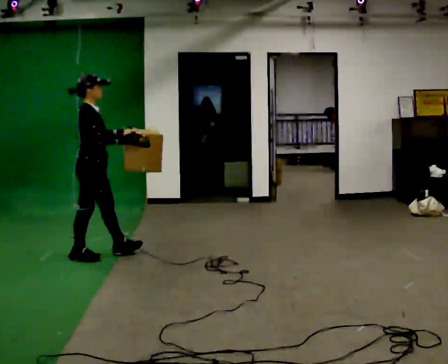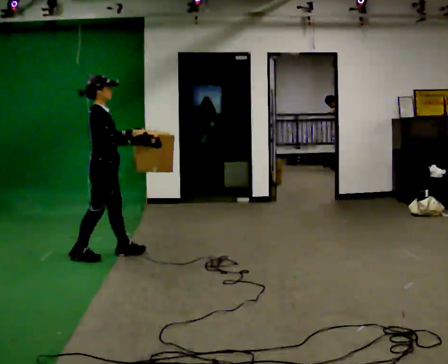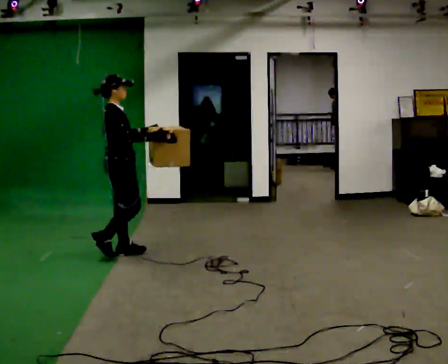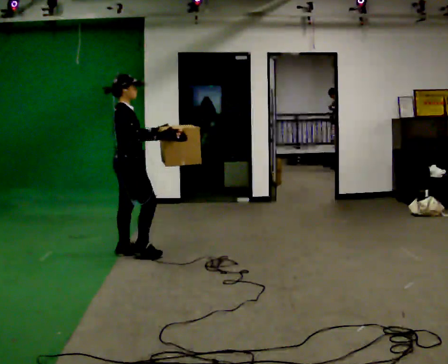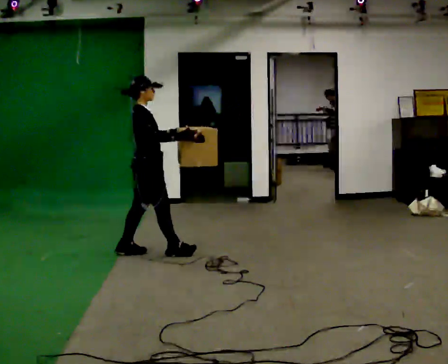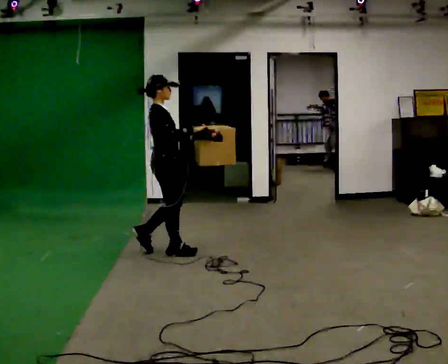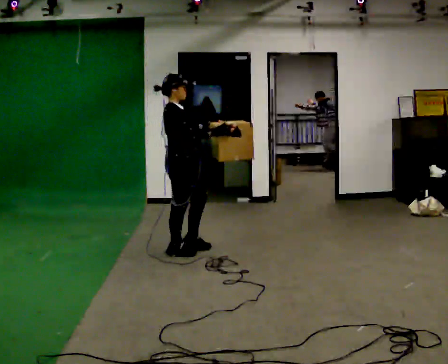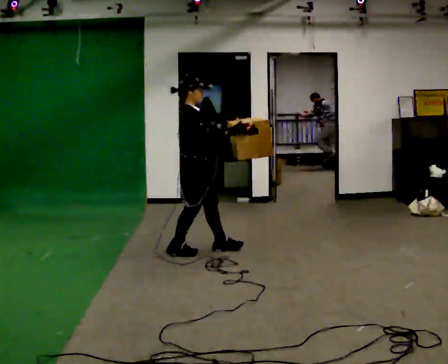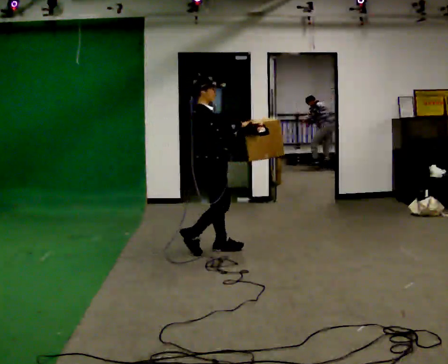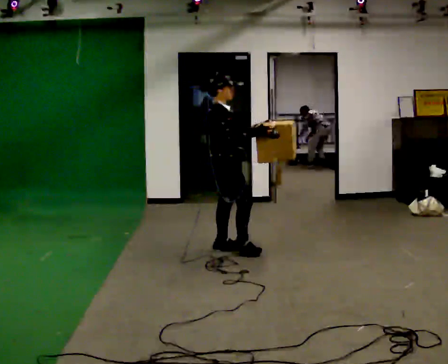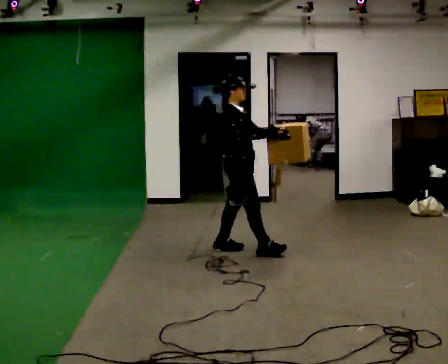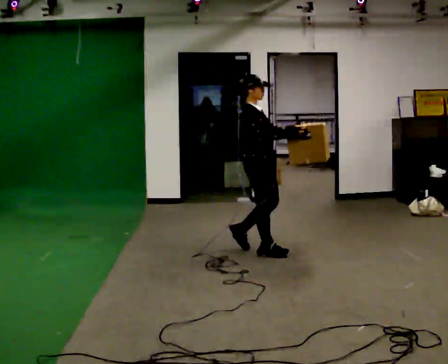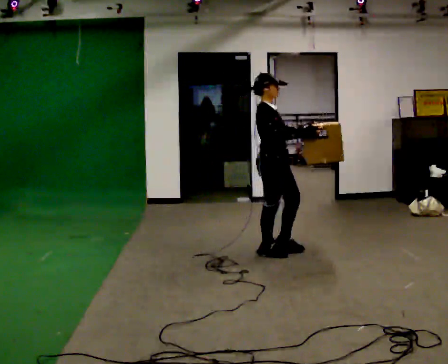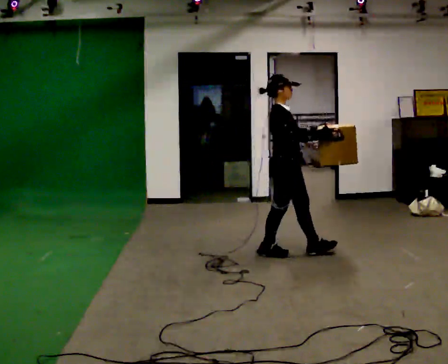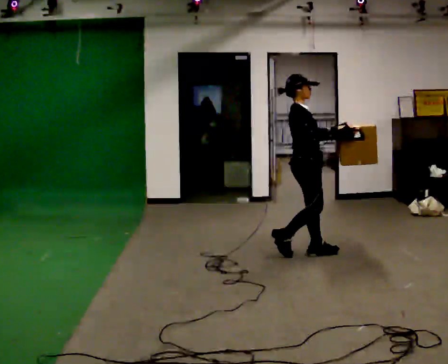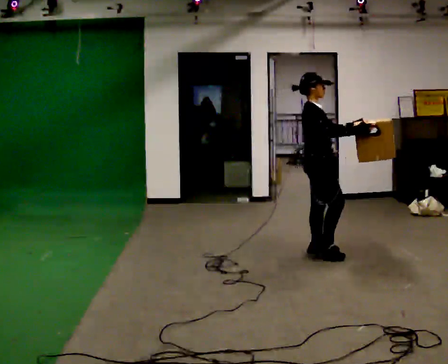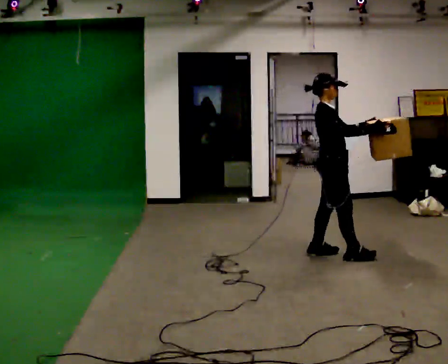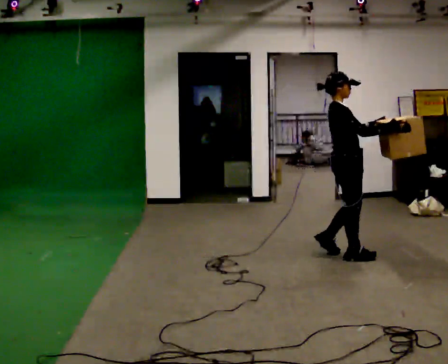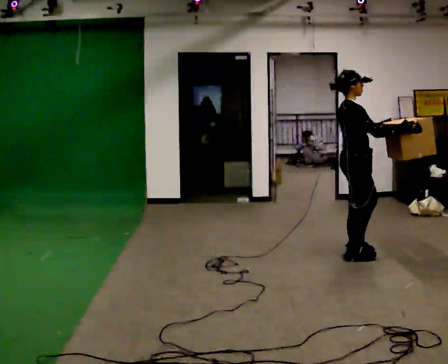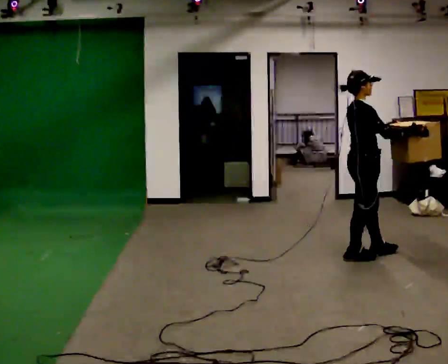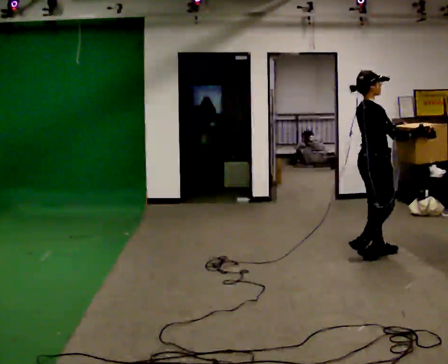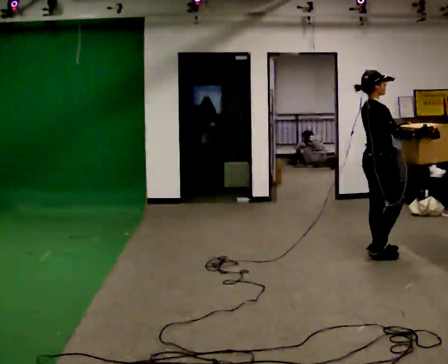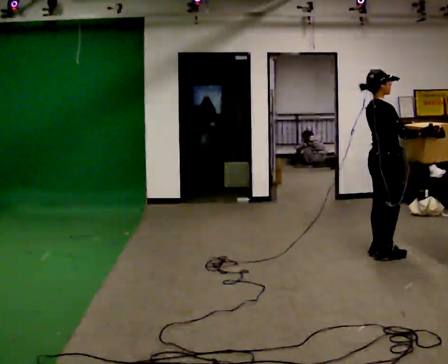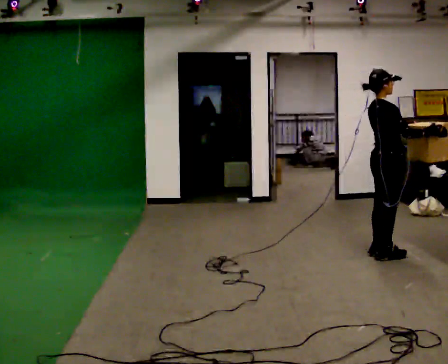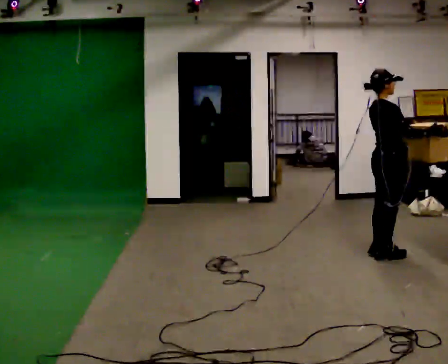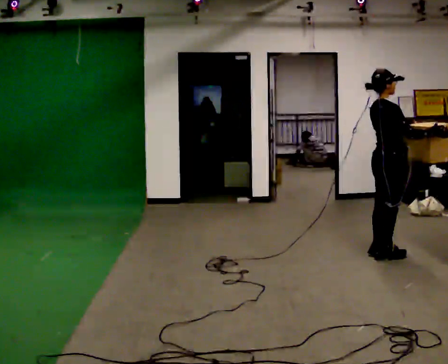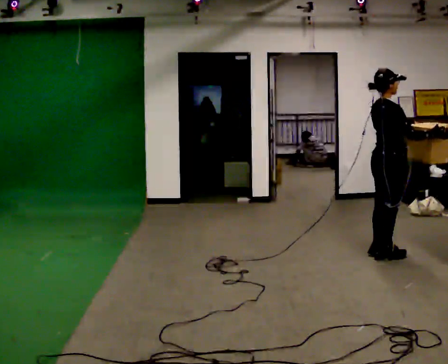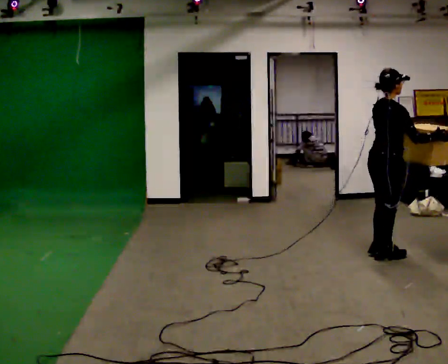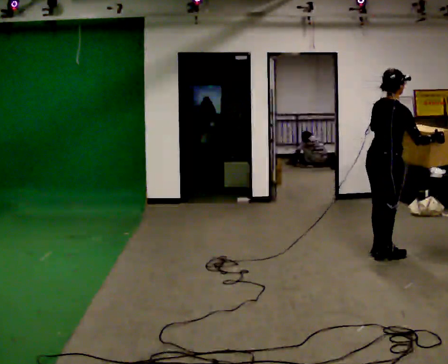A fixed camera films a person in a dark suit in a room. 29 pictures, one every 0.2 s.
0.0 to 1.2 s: In the picture they go to the right and away from the camera, about 1 m in 2 steps, which for them is forward.
1.2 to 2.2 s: In the picture they go to the right, about 0.75 m in 2 steps, which for them is forward.
2.2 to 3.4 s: In the picture they go to the right, about 0.5 m in 2 steps, which for them is forward.
3.4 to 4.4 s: In the picture they go to the right, about 0.25 m in 2 steps, which for them is forward.
4.4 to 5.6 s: The person turns about 30 degrees to their left, counterclockwise seen from above, so the part of the body nearest the lens slides to the right. In the picture the upper body tilts clockwise, shoulders to the right.
The film runs forward here.
